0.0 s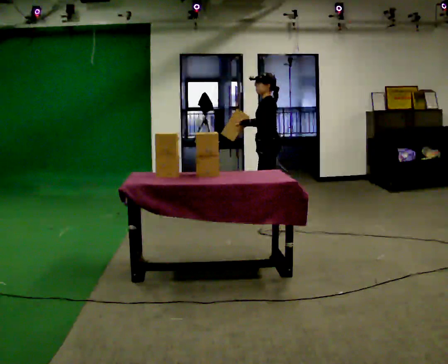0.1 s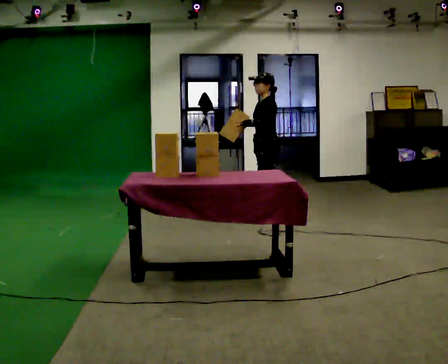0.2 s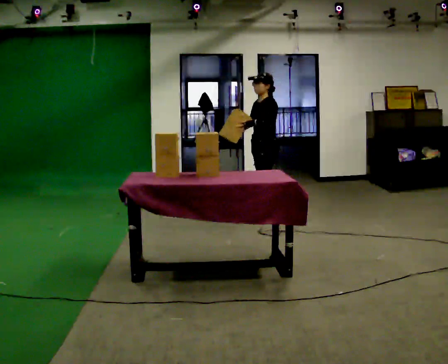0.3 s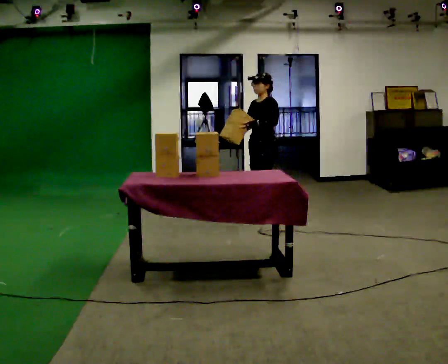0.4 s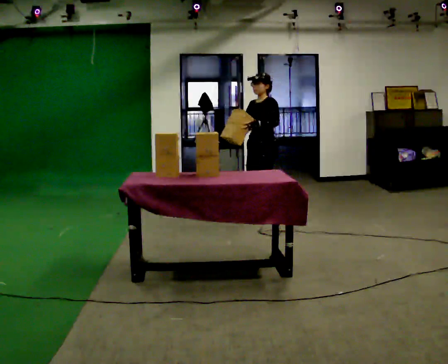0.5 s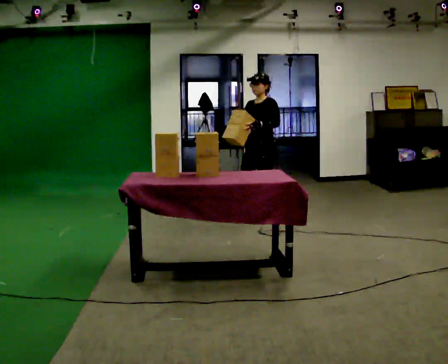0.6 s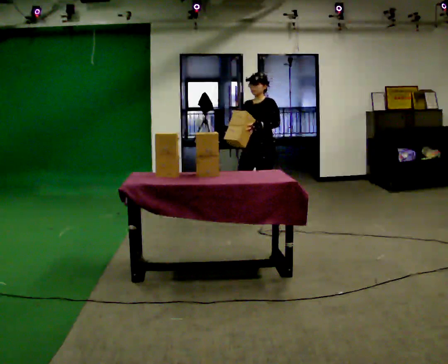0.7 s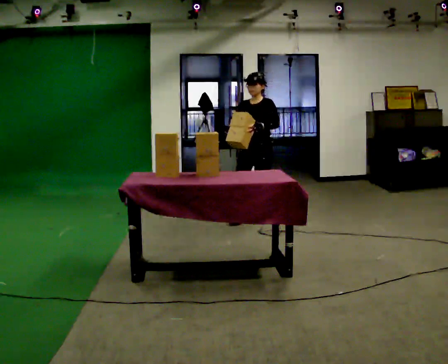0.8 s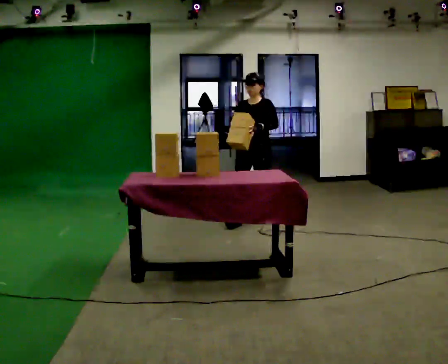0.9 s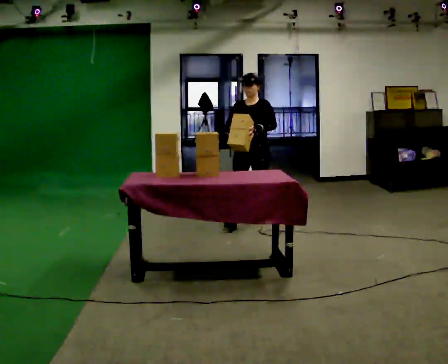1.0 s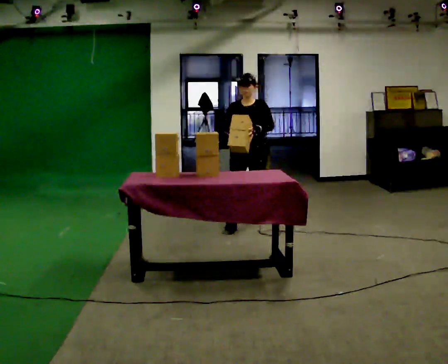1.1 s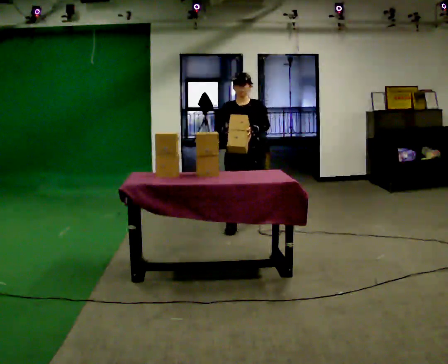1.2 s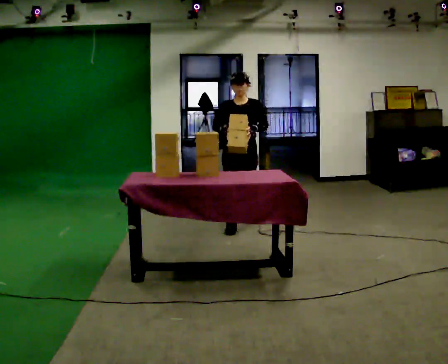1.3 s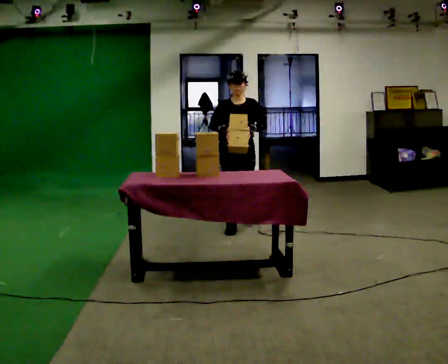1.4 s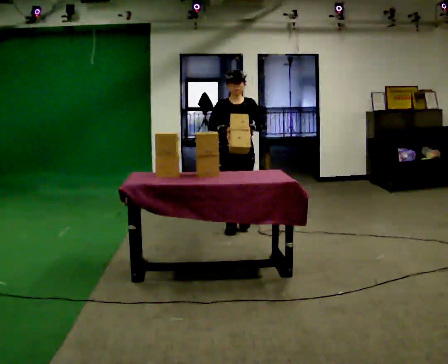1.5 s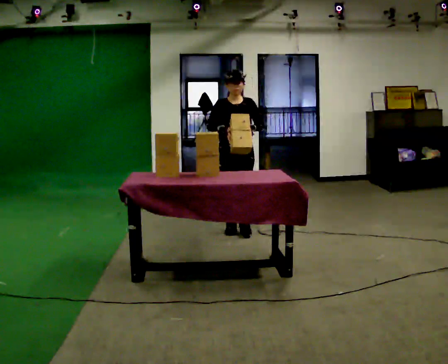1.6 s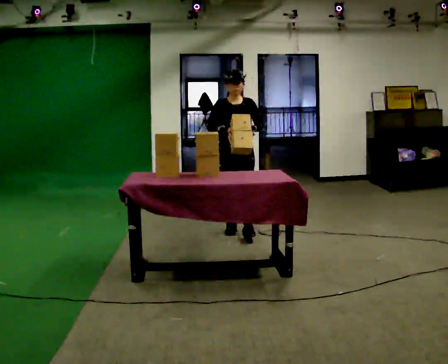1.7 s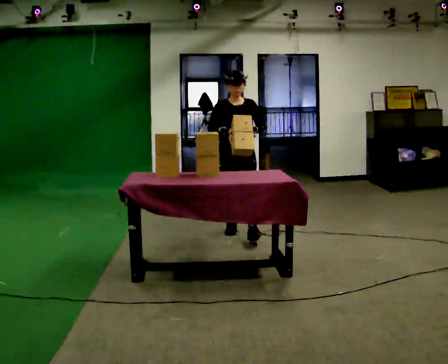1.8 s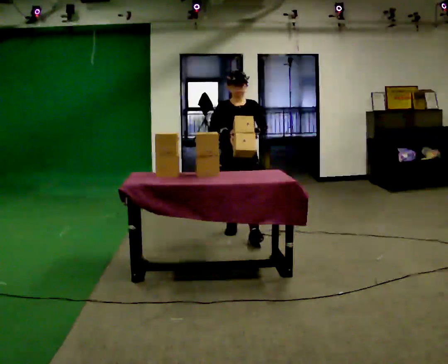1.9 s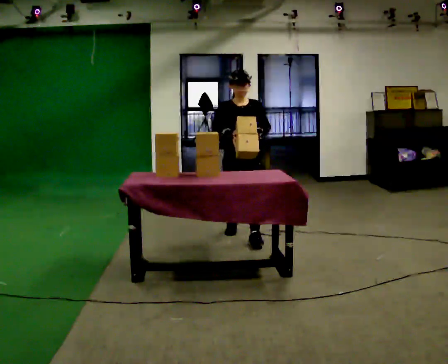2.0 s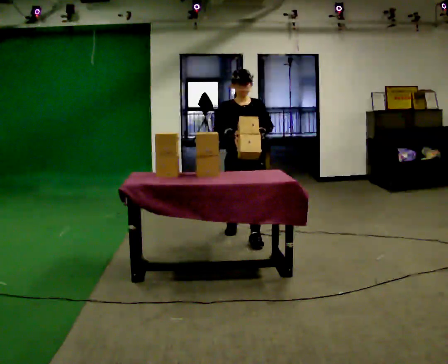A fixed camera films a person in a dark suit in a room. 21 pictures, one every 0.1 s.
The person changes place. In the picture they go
toward the camera.
The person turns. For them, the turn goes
to their left.
0.0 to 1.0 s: Seen from above the body turns counterclockwise, about 75 degrees: to their left, with its near side sliding to the right. In the picture they go toward the camera and to the left, about 0.5 m in 1 step.
1.0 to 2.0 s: In the picture they go toward the camera, about 0.5 m in 1 step, which for them is forward.
The film runs forward here.
